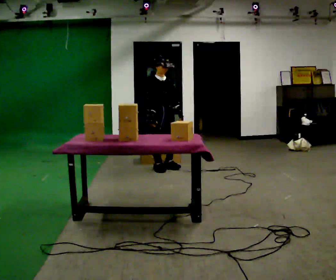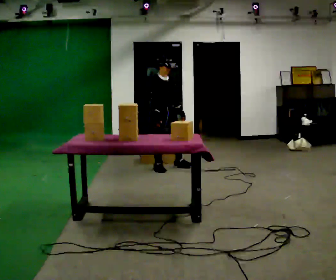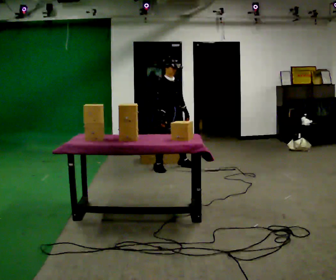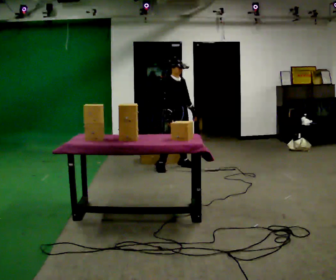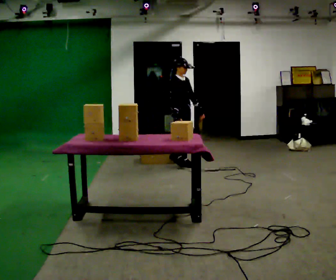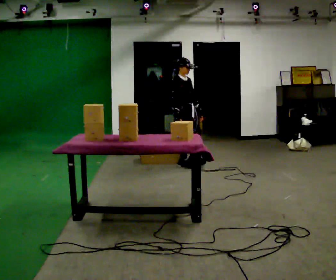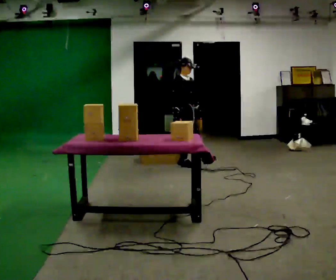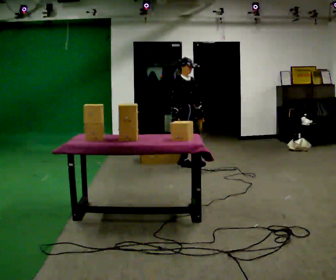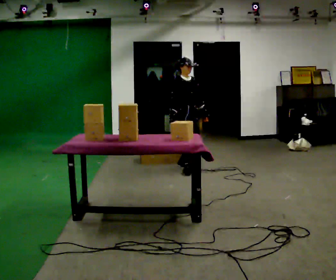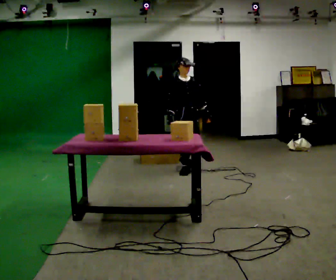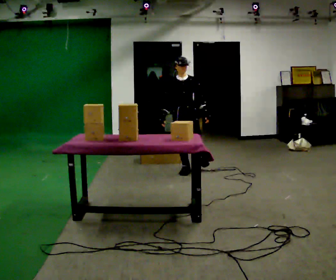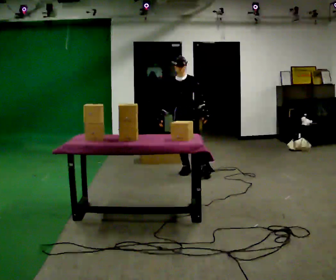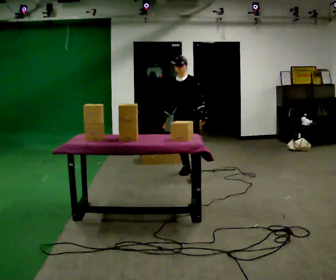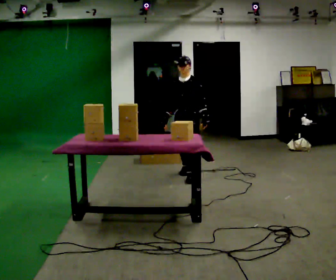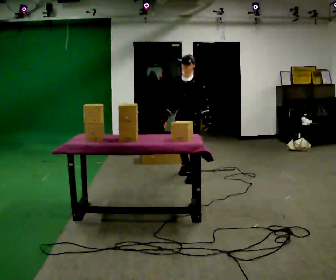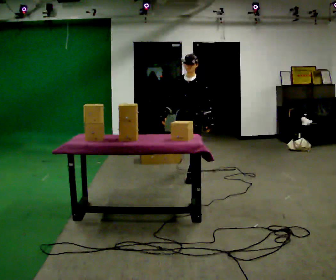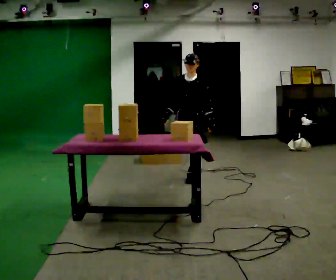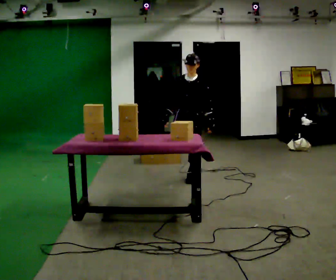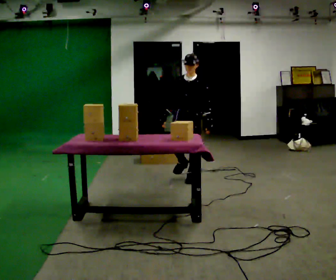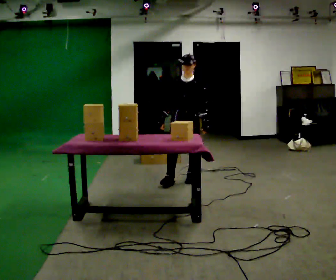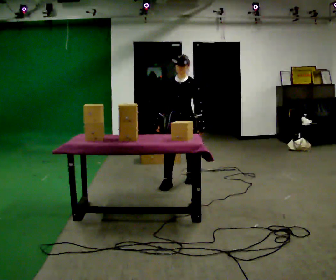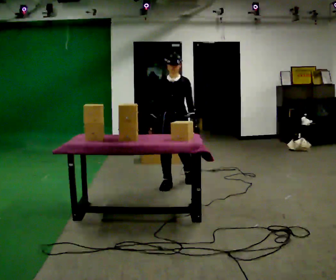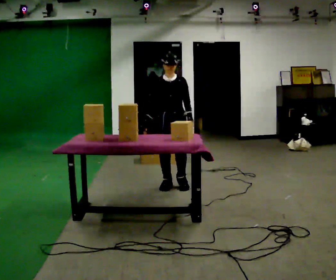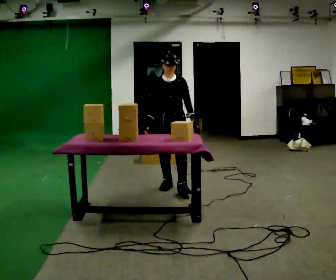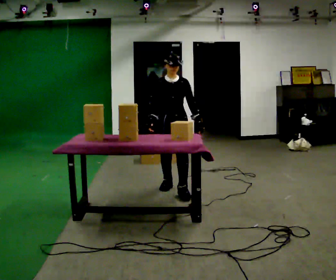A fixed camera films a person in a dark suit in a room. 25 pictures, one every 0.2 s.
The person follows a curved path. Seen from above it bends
clockwise.
0.0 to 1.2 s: In the picture they go to the right and away from the camera, about 0.25 m in 1 step, which for them is to their left and forward.
1.2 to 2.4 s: The part of the body nearest the lens slides to the left as the person turns to their right by about 75 degrees. In the picture they go toward the camera, about 0.5 m in 1 step.
2.4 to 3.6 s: In the picture they go toward the camera, about 0.25 m in 1 step, which for them is forward and to their left.
3.6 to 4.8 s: In the picture they go toward the camera and to the left, about 0.5 m in 2 steps, which for them is forward.
The film runs forward here.
